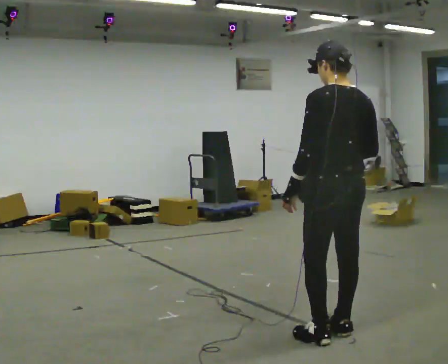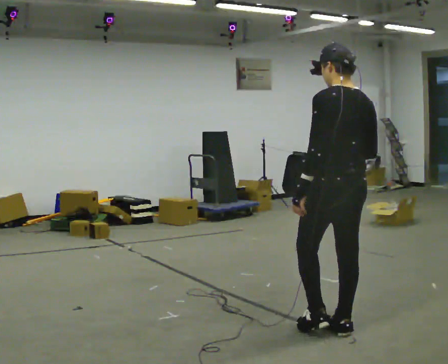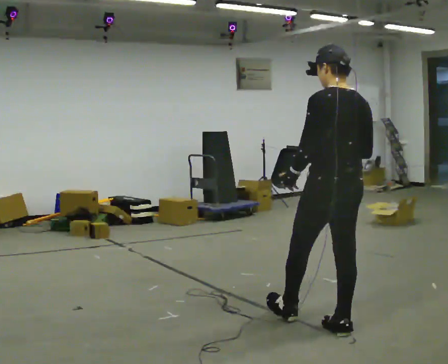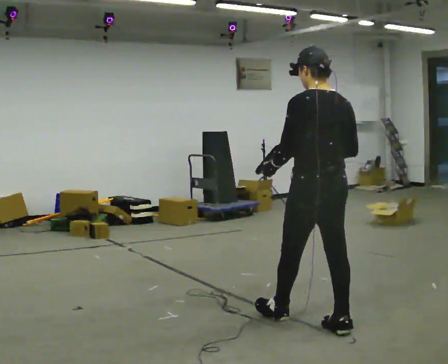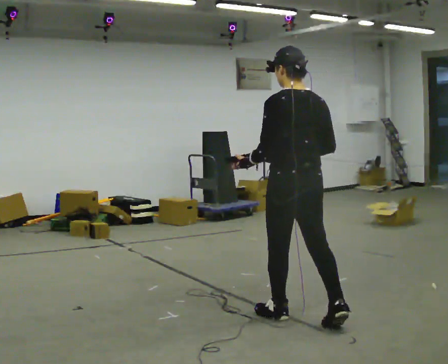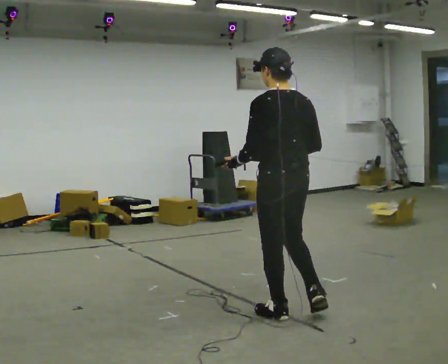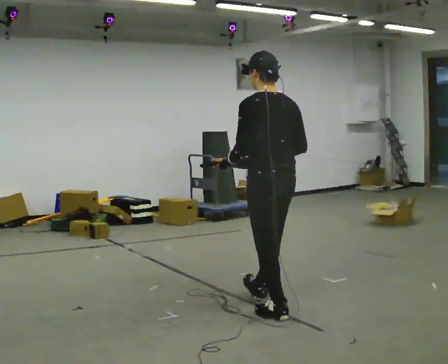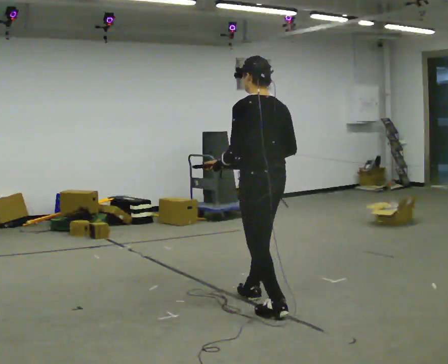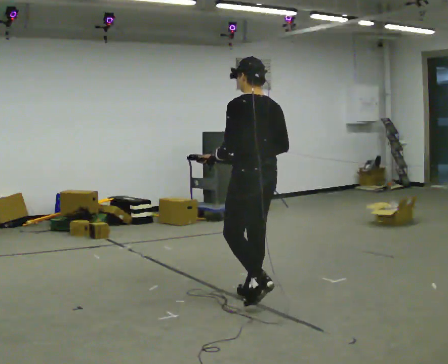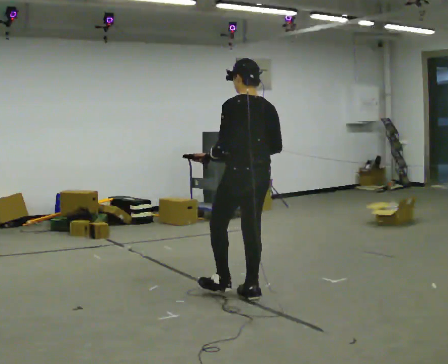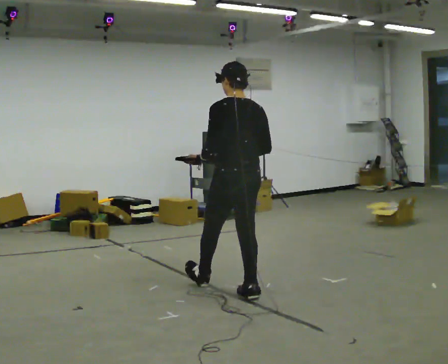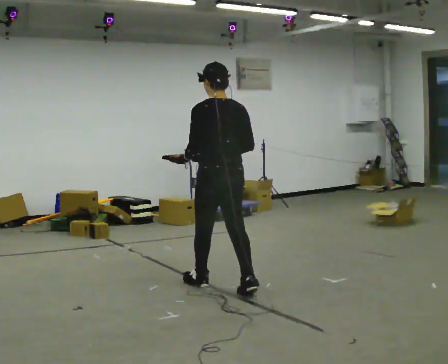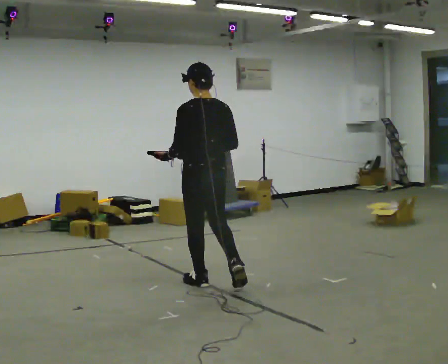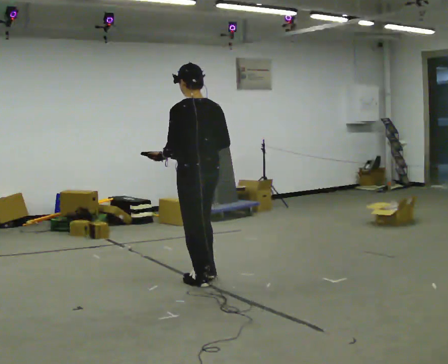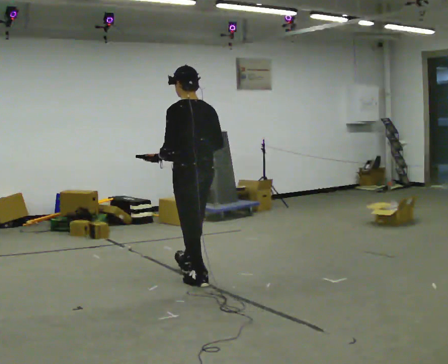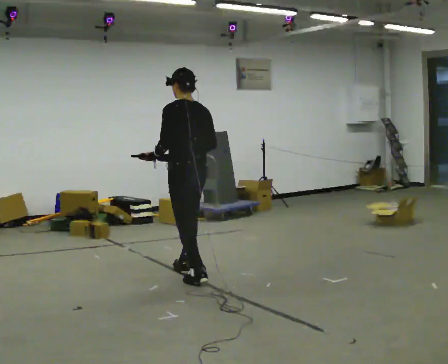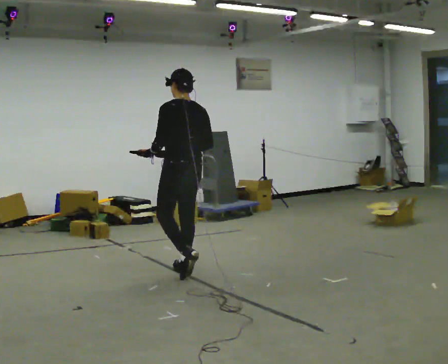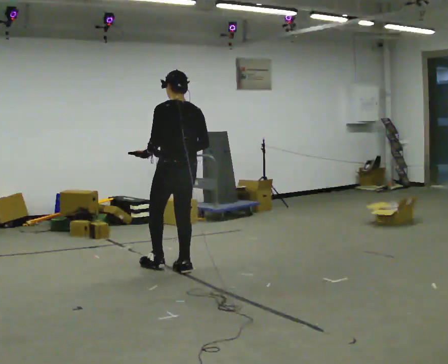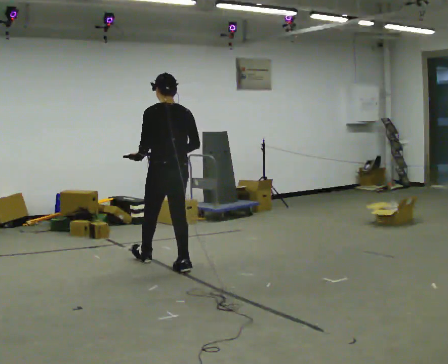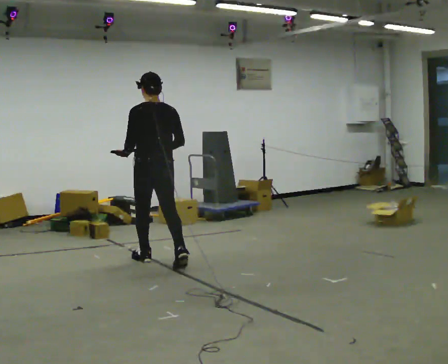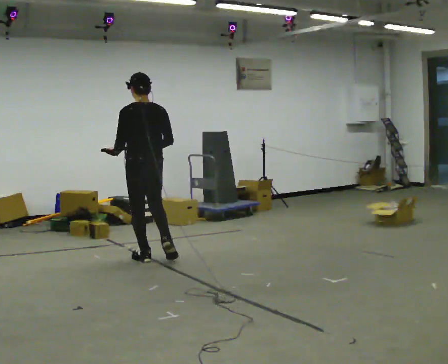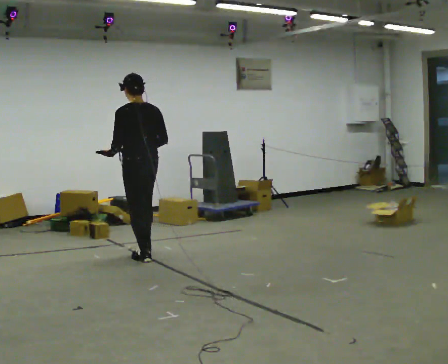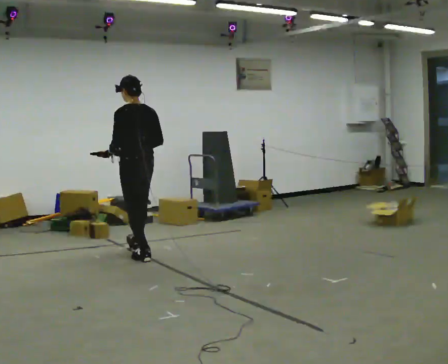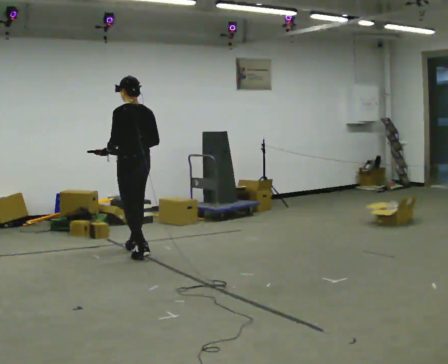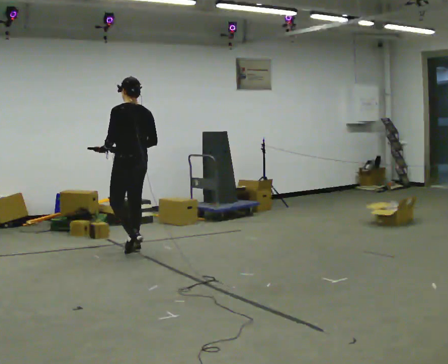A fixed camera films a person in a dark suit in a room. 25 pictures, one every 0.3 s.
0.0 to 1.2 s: In the picture they go away from the camera and to the left, about 0.5 m in 1 step, which for them is forward.
1.2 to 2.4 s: In the picture they go away from the camera and to the left, about 0.5 m in 1 step, which for them is forward.
2.4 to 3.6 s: In the picture they go to the left and away from the camera, about 0.5 m in 1 step, which for them is forward.
3.6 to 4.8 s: In the picture they go away from the camera and to the left, about 0.5 m in 1 step, which for them is forward.
4.8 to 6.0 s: In the picture they go to the left and away from the camera, about 0.5 m in 1 step, which for them is forward.
6.0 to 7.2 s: In the picture they go away from the camera and to the left, about 0.5 m in 1 step, which for them is forward.
The film runs forward here.
